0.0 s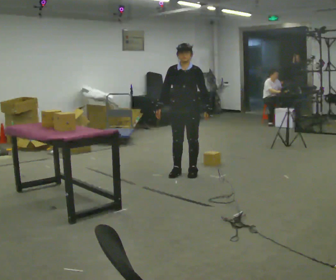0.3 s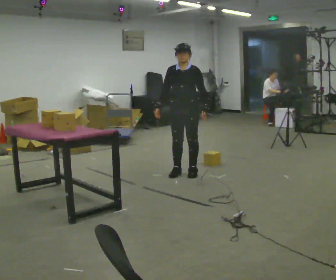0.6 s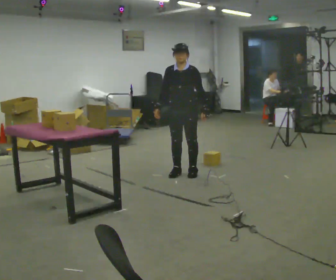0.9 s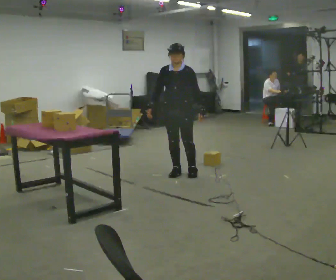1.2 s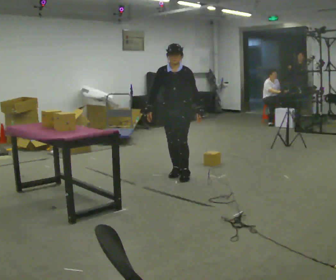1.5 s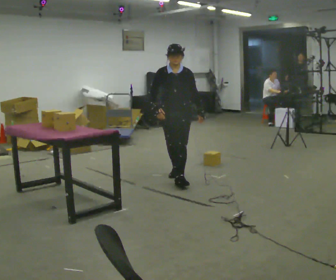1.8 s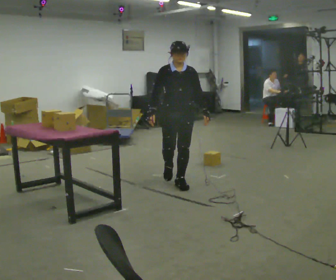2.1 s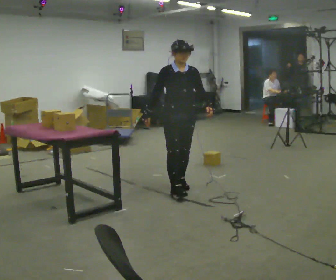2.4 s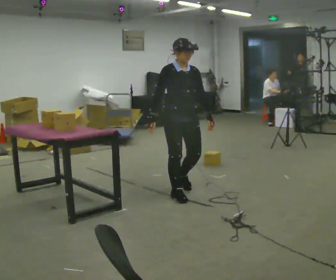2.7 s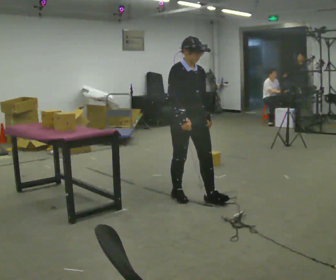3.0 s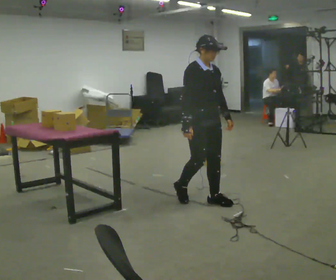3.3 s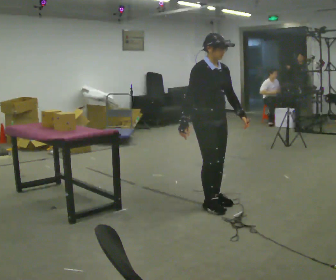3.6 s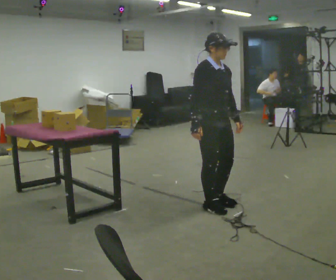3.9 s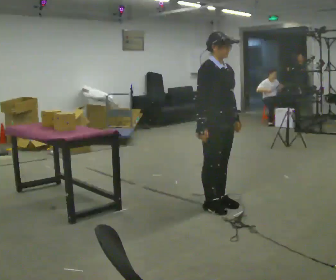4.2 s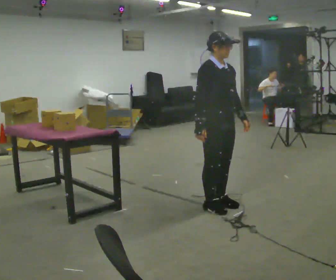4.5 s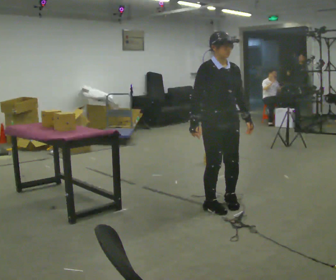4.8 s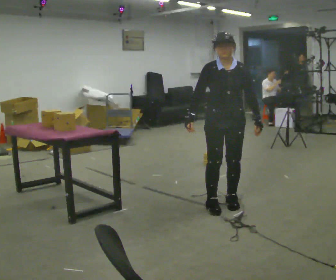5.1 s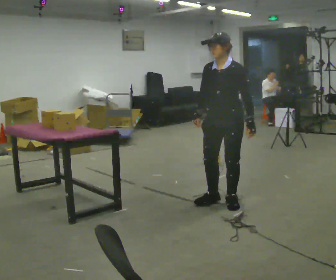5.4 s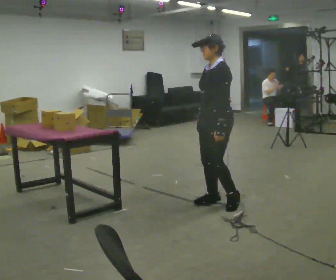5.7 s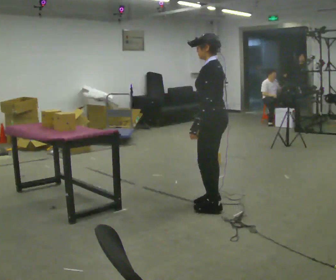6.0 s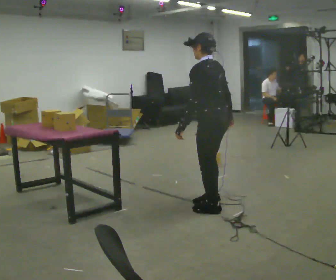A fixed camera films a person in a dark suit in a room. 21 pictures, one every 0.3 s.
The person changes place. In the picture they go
toward the camera.
0.0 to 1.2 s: The person moves a little, or ends about where they began.
1.2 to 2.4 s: The part of the body nearest the lens slides to the right as the person turns to their left by about 45 degrees. In the picture they go toward the camera, about 0.5 m in 2 steps, which for them is forward.
2.4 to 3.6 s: In the picture they go toward the camera and to the right, about 0.5 m in 2 steps, which for them is forward.
3.6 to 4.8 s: The part of the body nearest the lens slides to the left as the person turns to their right by about 60 degrees.
4.8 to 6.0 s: The person turns about 120 degrees to their right, clockwise seen from above, so the part of the body nearest the lens slides to the left. In the picture they go to the left, about 0.25 m in 2 steps. In the picture their right hand goes to the right, the arm swinging counterclockwise.
The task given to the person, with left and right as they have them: The operator will name an object. Go and find it, bring it back, and hand it over. Then wait for the next one.
The film runs forward here.
